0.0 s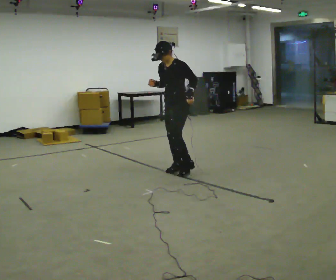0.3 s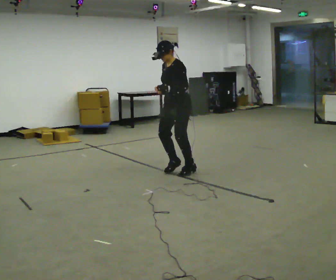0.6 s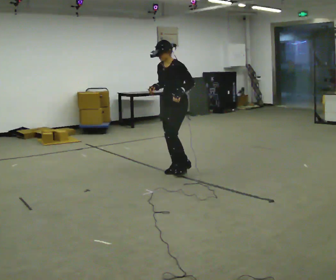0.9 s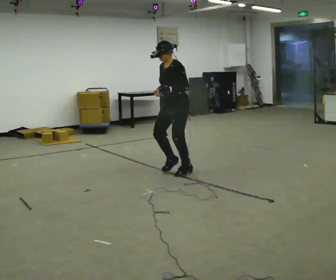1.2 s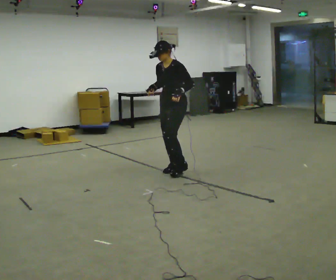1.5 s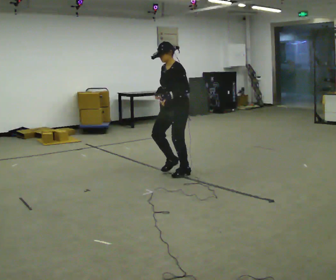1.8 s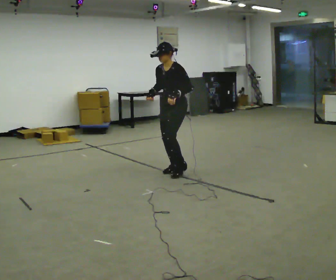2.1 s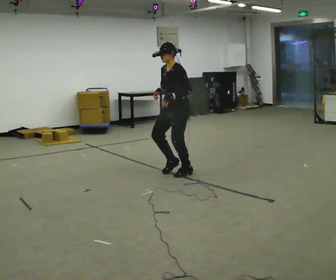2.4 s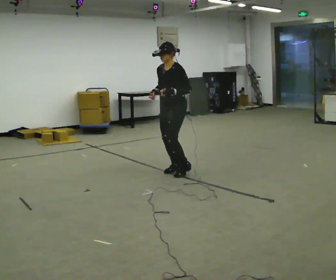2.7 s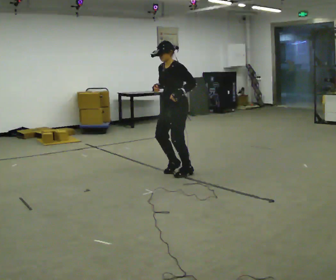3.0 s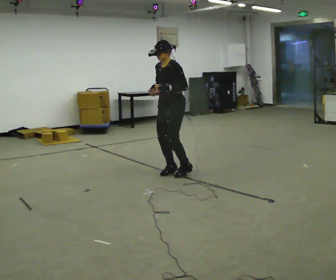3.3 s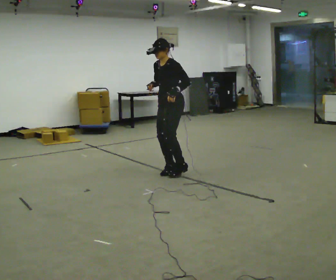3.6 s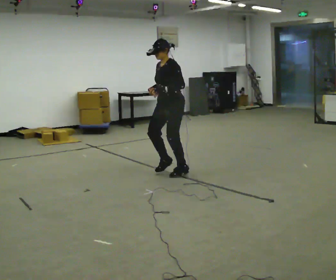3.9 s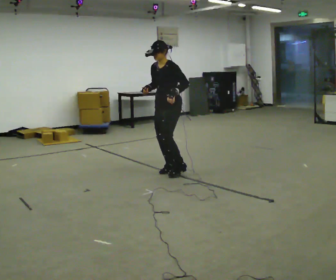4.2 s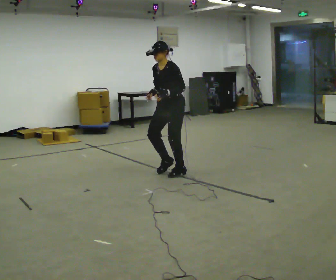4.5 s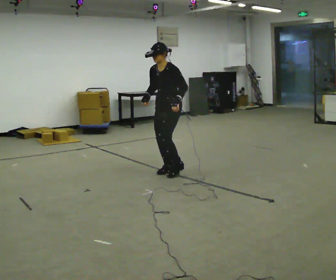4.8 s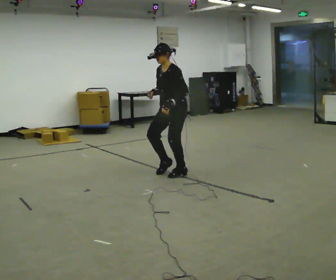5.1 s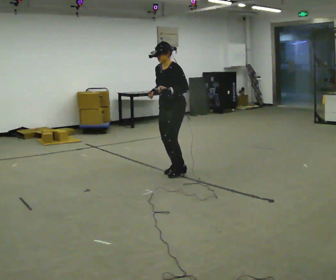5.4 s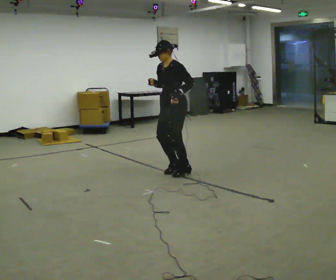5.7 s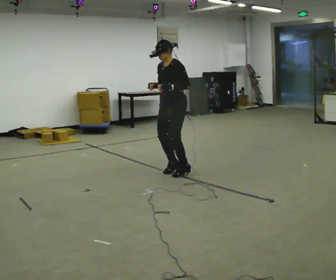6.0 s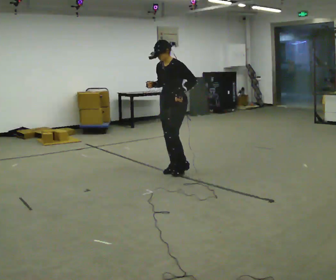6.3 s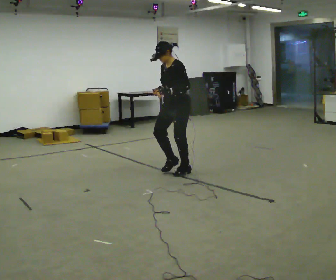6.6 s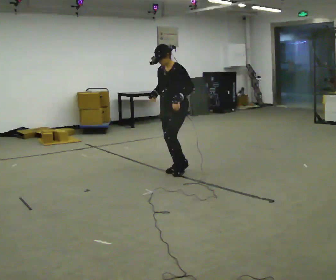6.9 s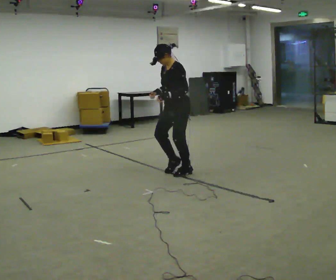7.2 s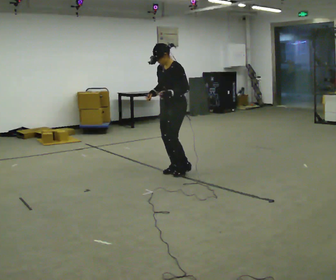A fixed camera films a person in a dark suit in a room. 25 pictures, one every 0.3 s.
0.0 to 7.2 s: The person moves a little, or ends about where they began.
The film runs forward here.
